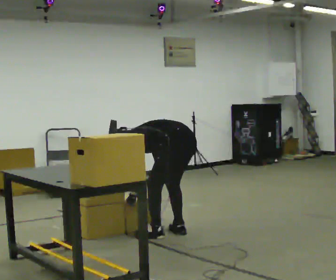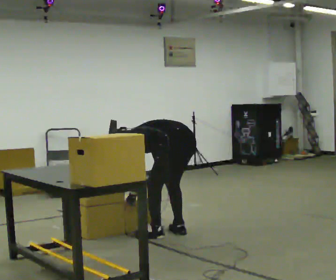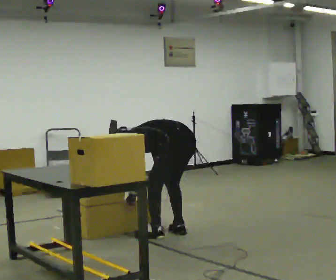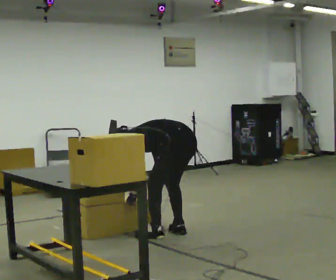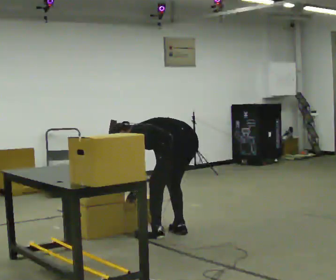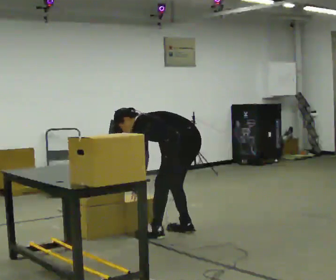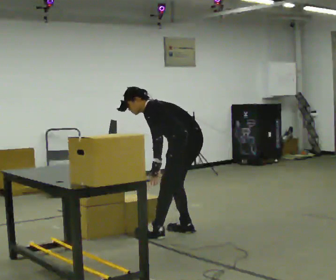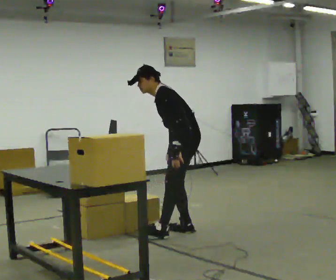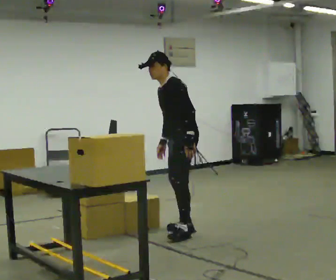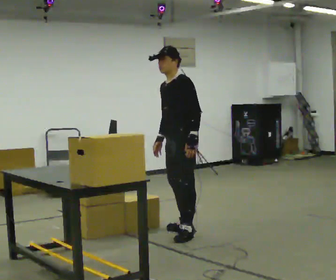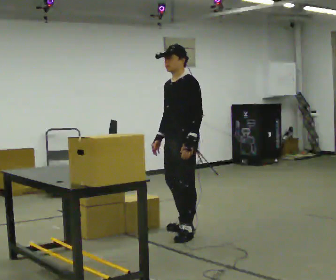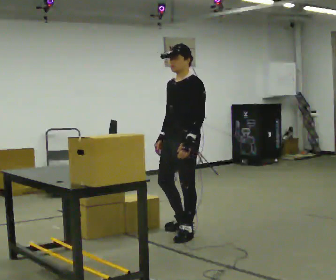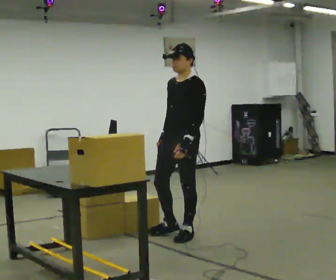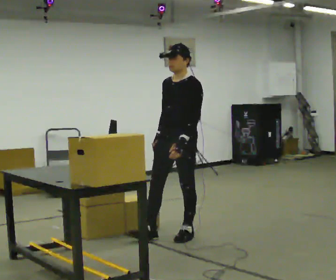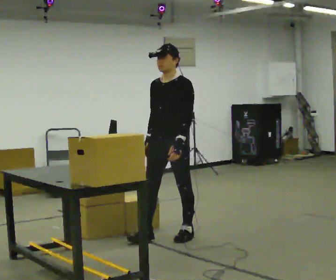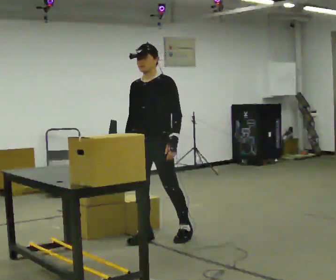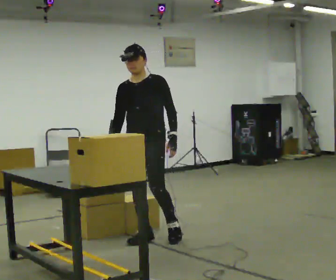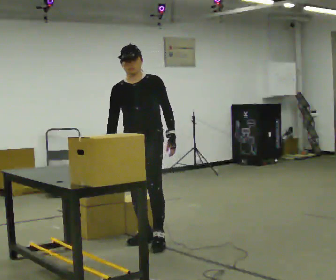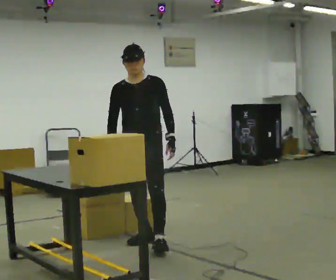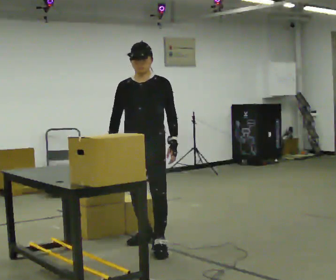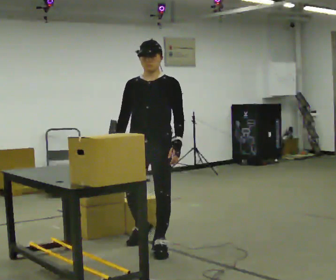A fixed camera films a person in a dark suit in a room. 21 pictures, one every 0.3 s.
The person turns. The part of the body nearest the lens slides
to the right.
The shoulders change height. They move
upward.
0.0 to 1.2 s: The person moves a little, or ends about where they began.
1.2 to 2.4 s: The person turns about 45 degrees to their left, counterclockwise seen from above, so the part of the body nearest the lens slides to the right. In the picture they go away from the camera, about 0.25 m, which for them is to their right. The shoulders move upward. In the picture the upper body tilts clockwise, shoulders to the right, as they lean back or straighten. In the picture their left hand goes to the right and upward.
2.4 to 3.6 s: Seen from above the body turns counterclockwise, about 30 degrees: to their left, with its near side sliding to the right. In the picture they go toward the camera, about 0.25 m in 1 step, which for them is to their left. In the picture the upper body tilts clockwise, shoulders to the right, as they lean back or straighten.
3.6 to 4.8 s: The person turns about 30 degrees to their left, counterclockwise seen from above, so the part of the body nearest the lens slides to the right. In the picture they go to the left, about 0.25 m in 1 step, which for them is forward and to their right.
4.8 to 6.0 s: In the picture they go toward the camera, about 0.25 m in 1 step, which for them is forward and to their left.
The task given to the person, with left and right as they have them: Pick the fragile object up and set it back down as gently as you can. Repeat at your own pace until the operator says stop. Keep both feet on the marked spots for the whole take. If you have to step, stop and tell the operator.
The film runs forward here.
